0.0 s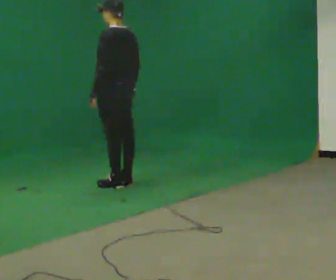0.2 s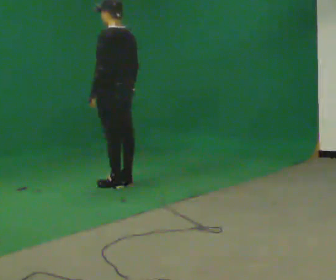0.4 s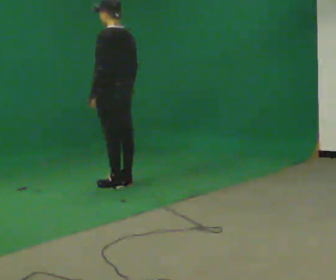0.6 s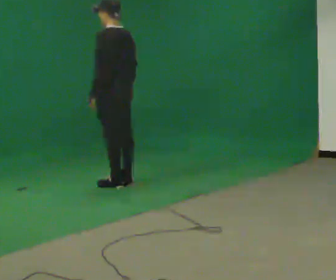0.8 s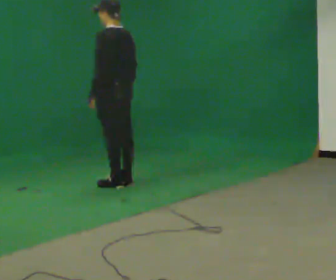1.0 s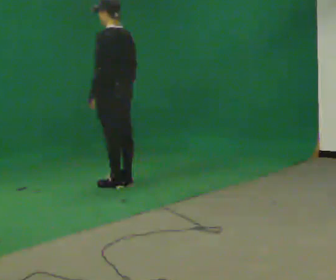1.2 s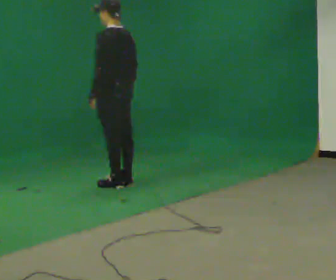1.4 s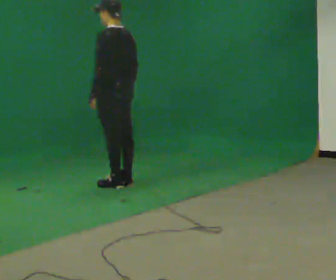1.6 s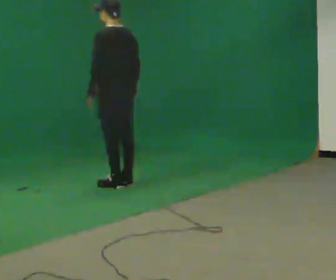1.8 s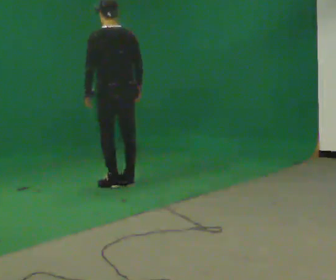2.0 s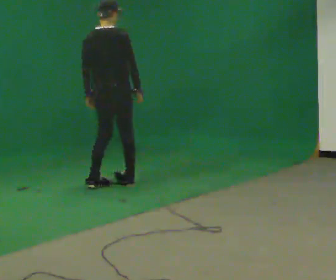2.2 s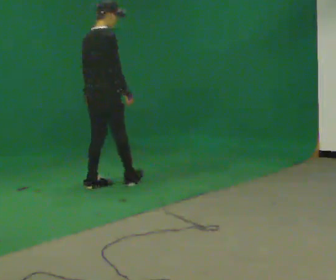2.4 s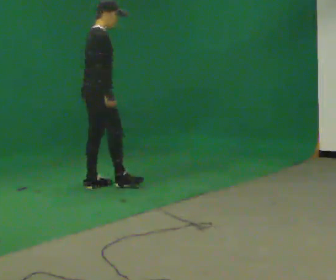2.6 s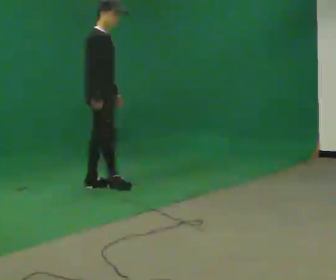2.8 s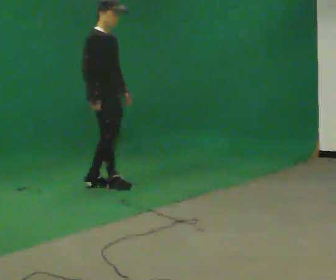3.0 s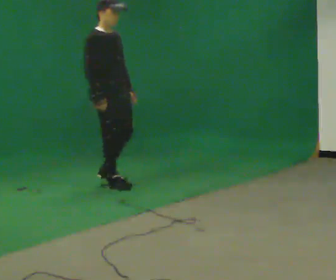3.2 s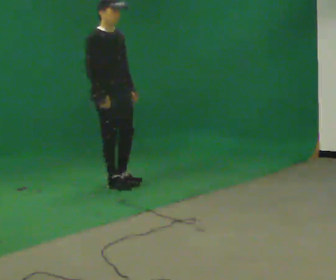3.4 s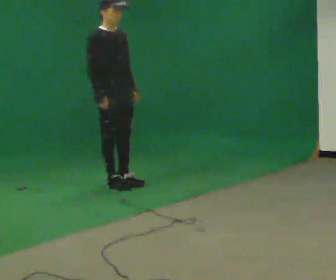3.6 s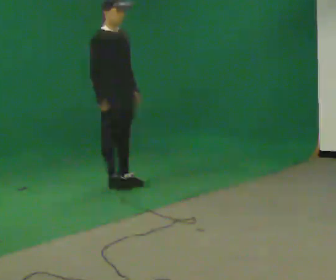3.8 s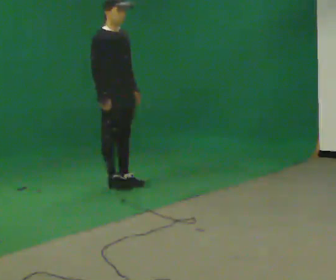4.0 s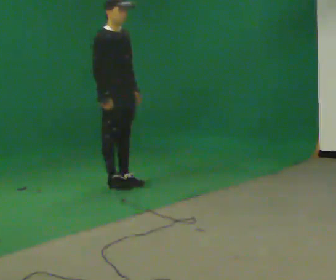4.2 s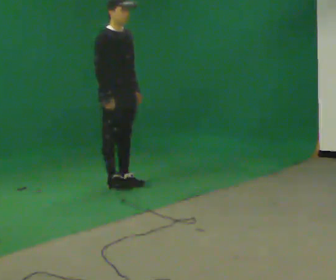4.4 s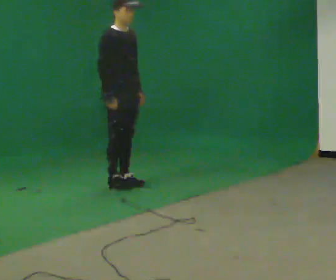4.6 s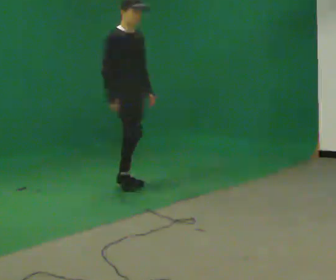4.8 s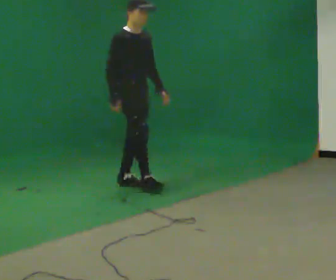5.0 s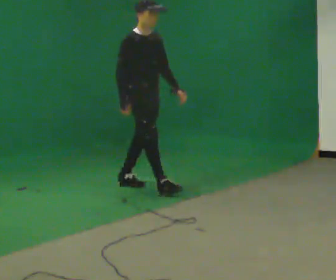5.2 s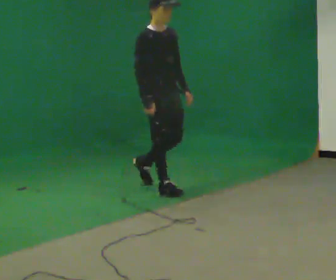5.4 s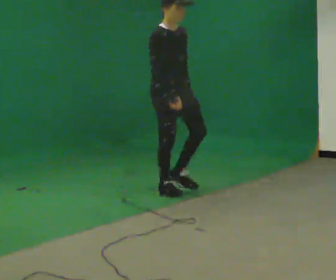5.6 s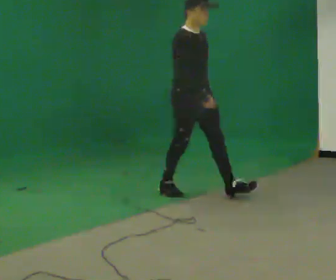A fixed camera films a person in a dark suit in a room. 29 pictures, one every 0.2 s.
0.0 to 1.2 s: The person keeps their place and pose.
1.2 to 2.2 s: The person turns about 105 degrees to their right, clockwise seen from above, so the part of the body nearest the lens slides to the left. In the picture they go to the left, about 0.25 m in 1 step.
2.2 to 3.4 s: The part of the body nearest the lens slides to the left as the person turns to their right by about 75 degrees.
3.4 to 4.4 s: The person moves a little, or ends about where they began.
4.4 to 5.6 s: In the picture they go toward the camera and to the right, about 1 m in 1 step, which for them is forward.
The film runs forward here.
